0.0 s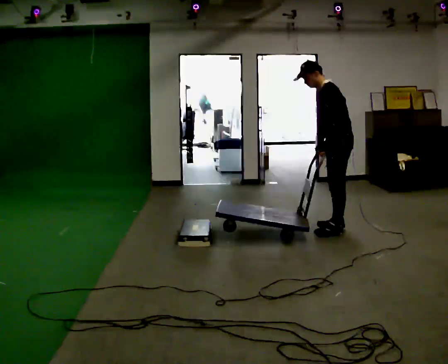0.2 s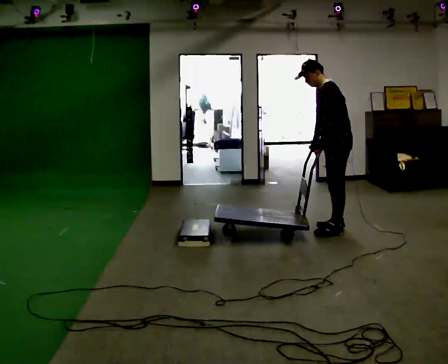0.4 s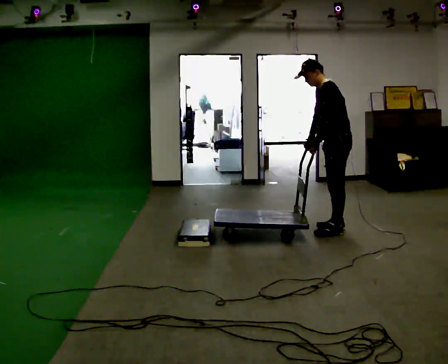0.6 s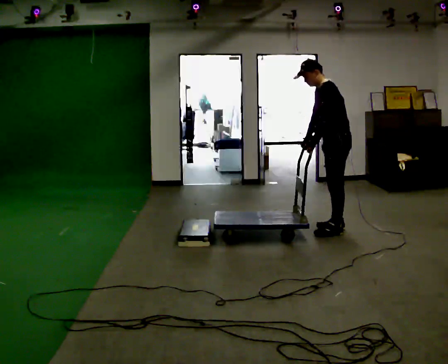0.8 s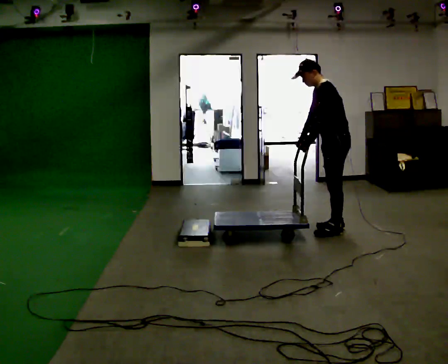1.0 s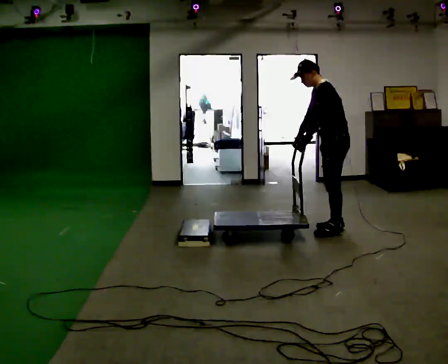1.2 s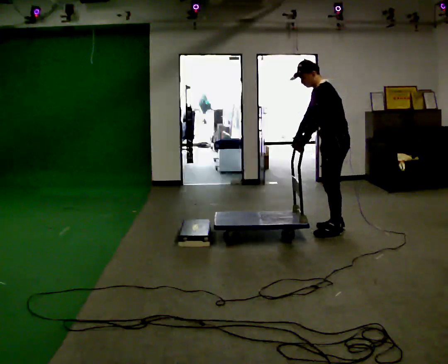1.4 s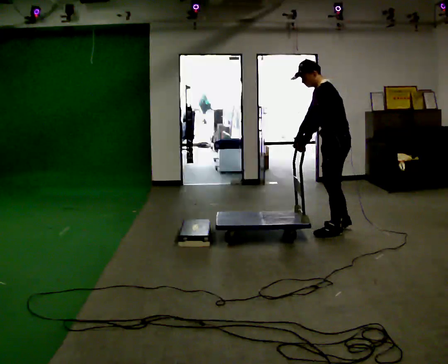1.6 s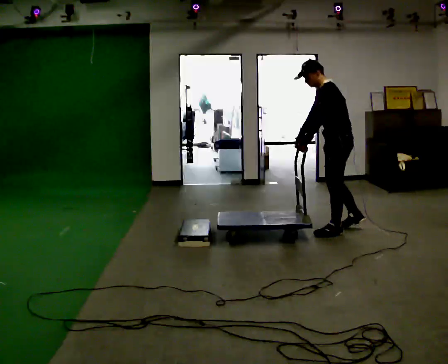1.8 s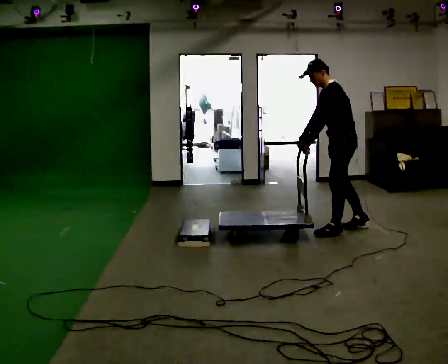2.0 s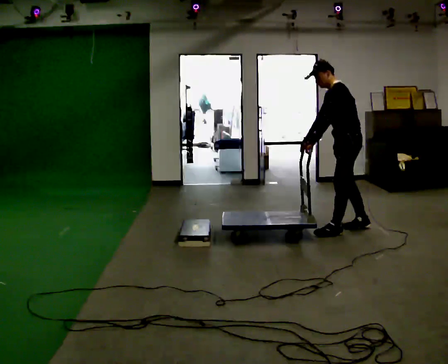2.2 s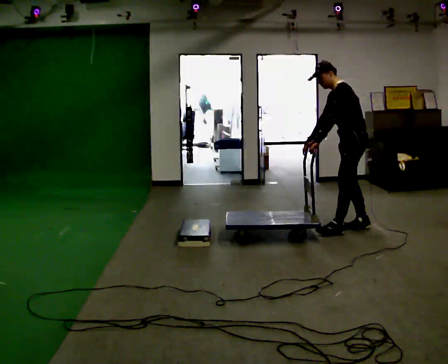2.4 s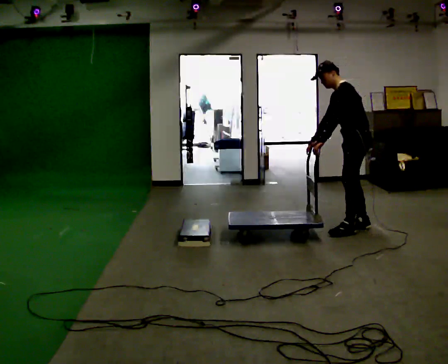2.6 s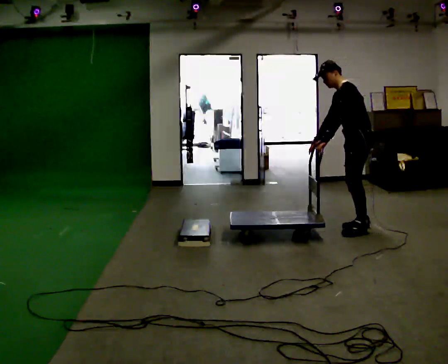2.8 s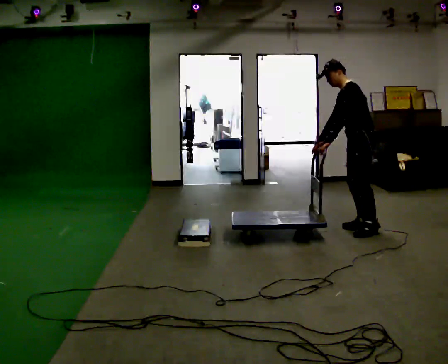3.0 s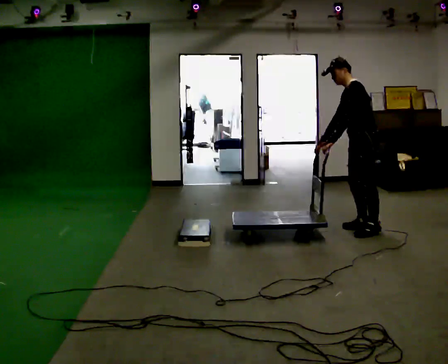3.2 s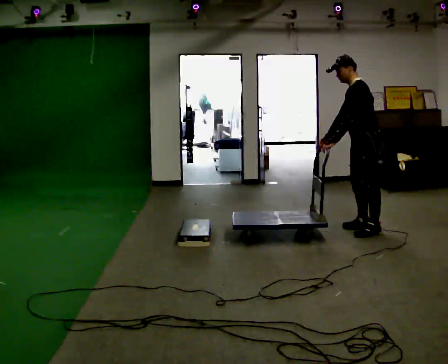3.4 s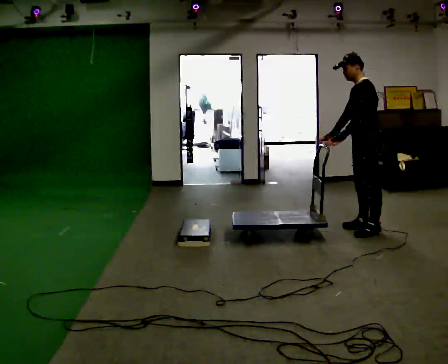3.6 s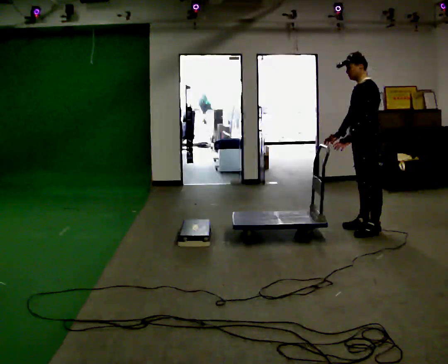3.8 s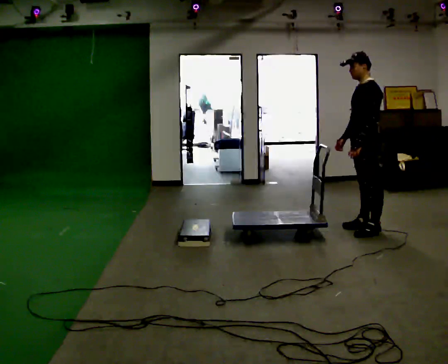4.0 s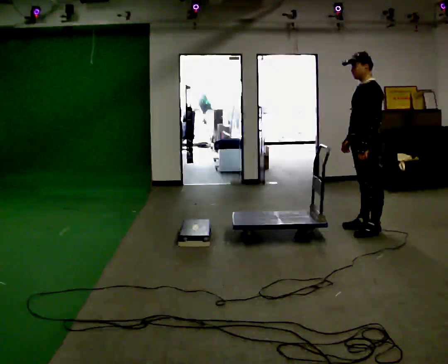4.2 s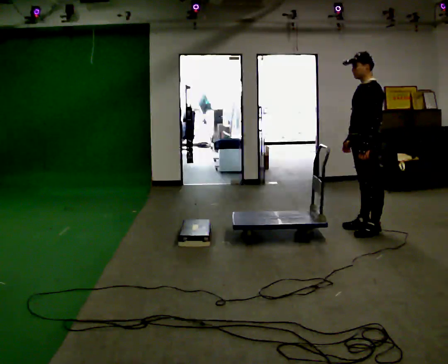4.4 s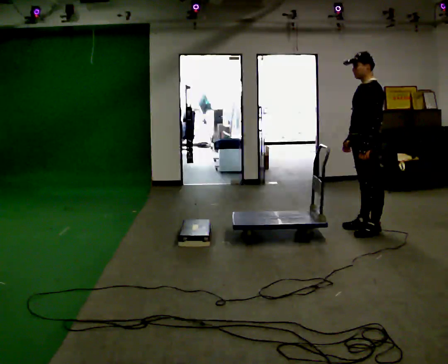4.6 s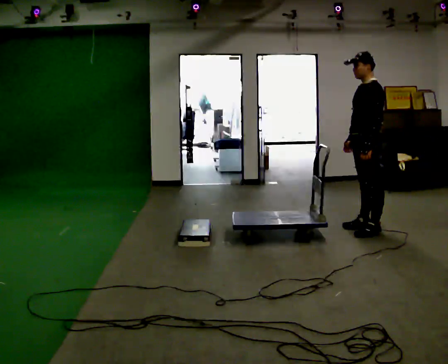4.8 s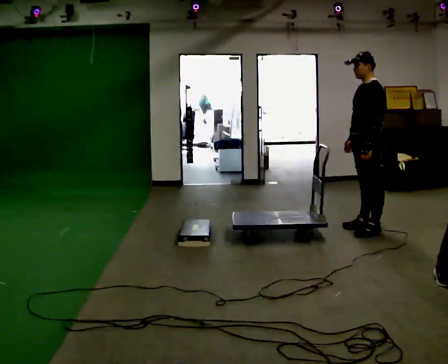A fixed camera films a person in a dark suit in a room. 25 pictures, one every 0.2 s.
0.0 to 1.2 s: The person moves a little, or ends about where they began.
1.2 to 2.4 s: In the picture they go to the right and away from the camera, about 0.25 m in 2 steps, which for them is backward and to their right.
2.4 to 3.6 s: In the picture the upper body tilts clockwise, shoulders to the right, as they lean back or straighten.
3.6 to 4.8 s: The person moves a little, or ends about where they began.
The film runs backward here.
